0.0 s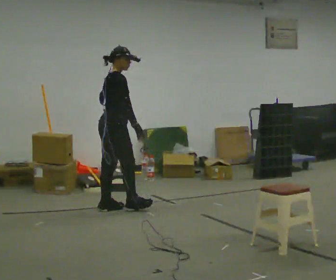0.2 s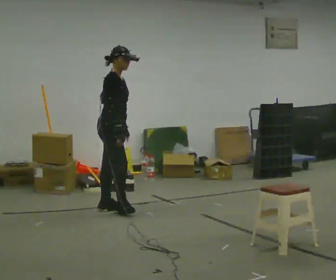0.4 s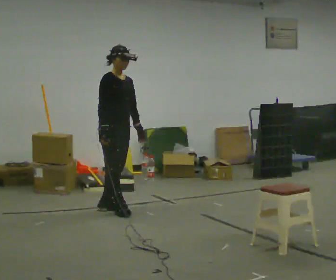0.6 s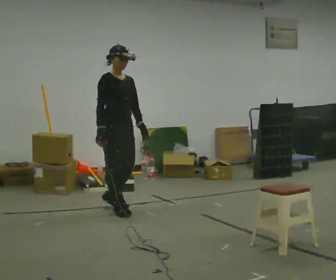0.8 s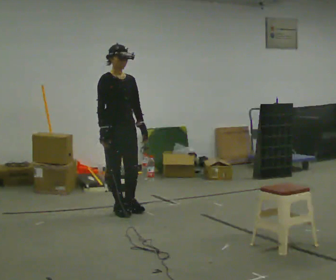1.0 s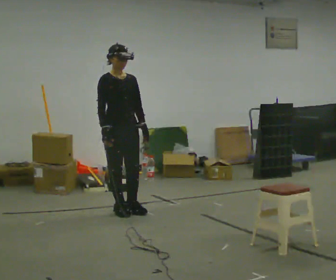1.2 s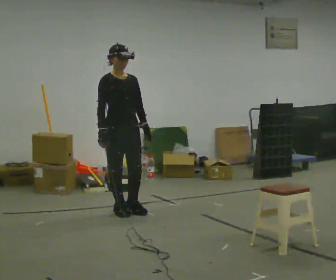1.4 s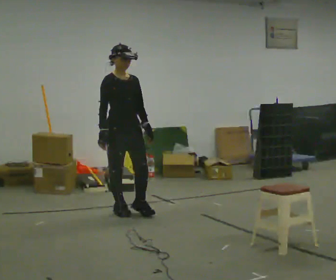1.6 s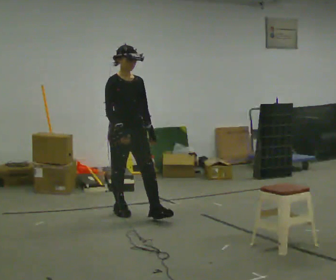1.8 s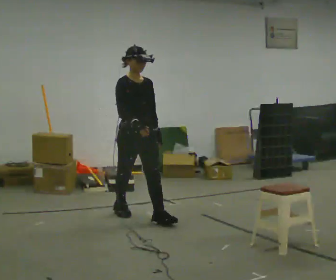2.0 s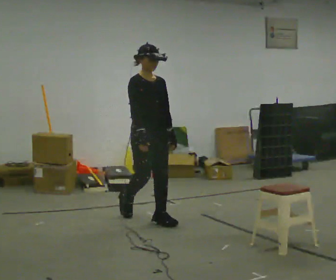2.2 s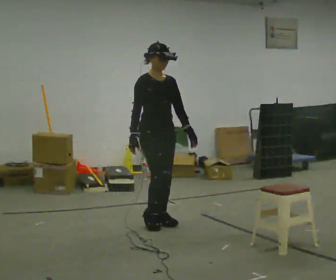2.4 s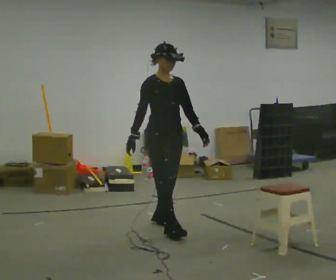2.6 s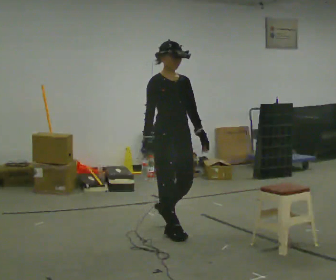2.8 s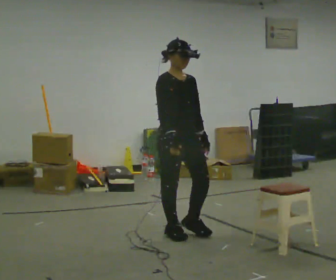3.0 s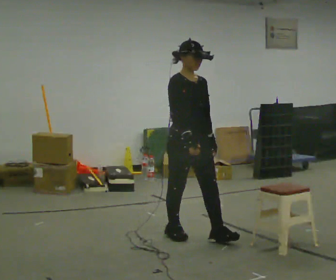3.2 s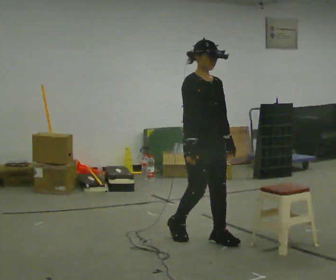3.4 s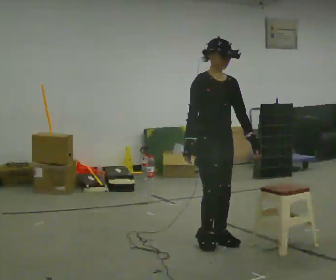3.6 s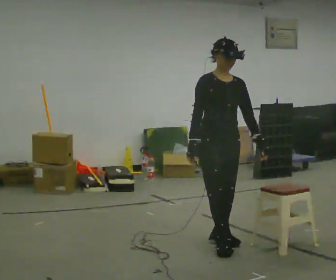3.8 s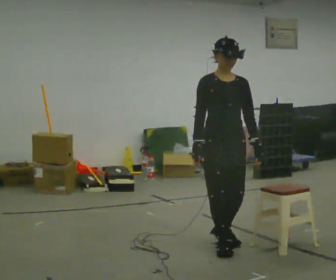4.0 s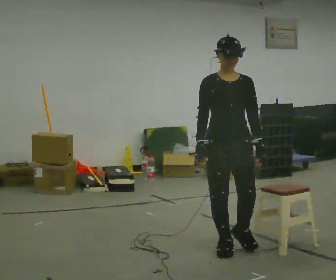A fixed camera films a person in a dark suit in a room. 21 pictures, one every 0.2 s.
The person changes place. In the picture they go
toward the camera.
The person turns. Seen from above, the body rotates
clockwise.
0.0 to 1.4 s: The person turns about 75 degrees to their right, clockwise seen from above, so the part of the body nearest the lens slides to the left. In the picture they go toward the camera, about 0.25 m in 2 steps. In the picture their left hand goes to the right.
1.4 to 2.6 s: In the picture they go toward the camera and to the right, about 1 m in 2 steps, which for them is forward.
2.6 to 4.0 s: The part of the body nearest the lens slides to the left as the person turns to their right by about 30 degrees. In the picture they go toward the camera and to the right, about 0.75 m in 2 steps, which for them is forward.
The film runs forward here.
